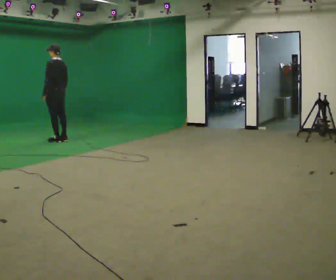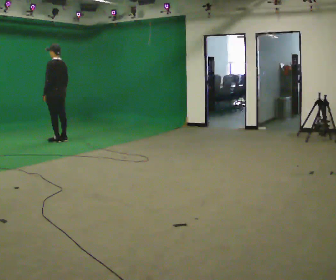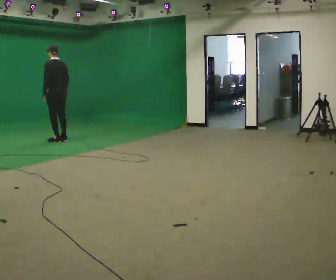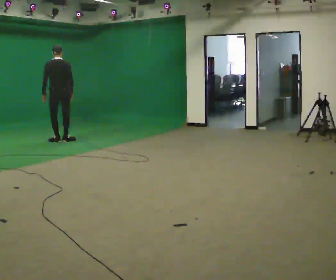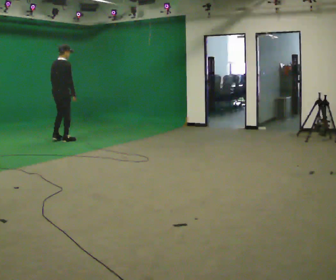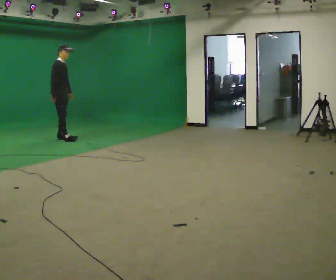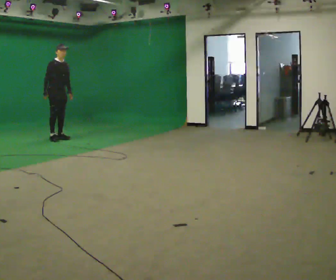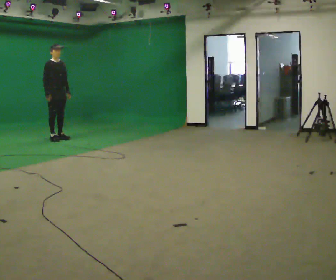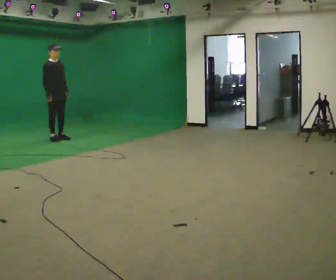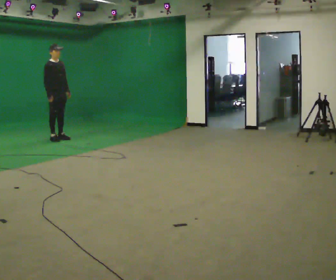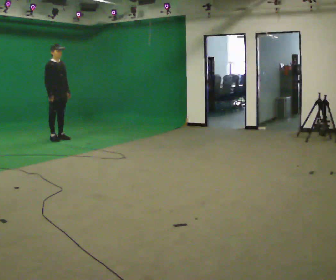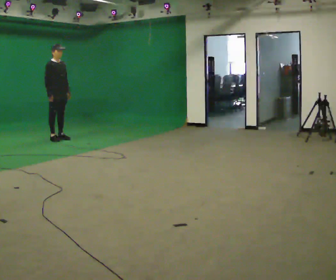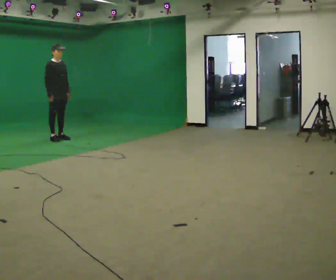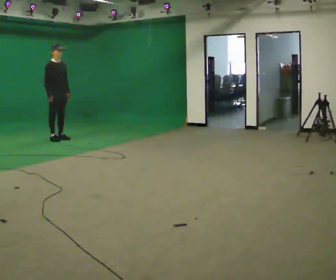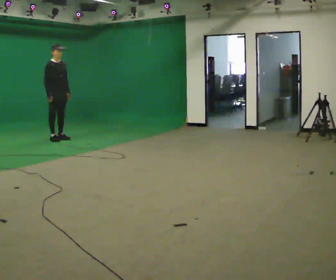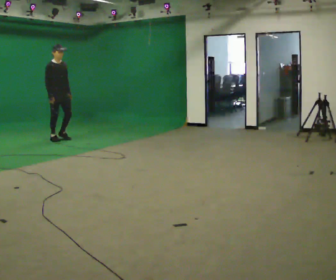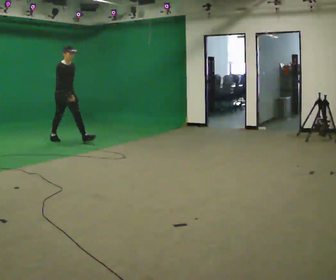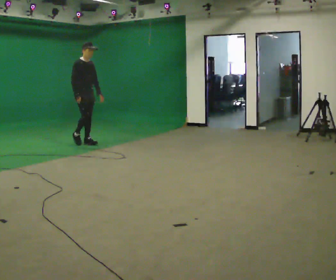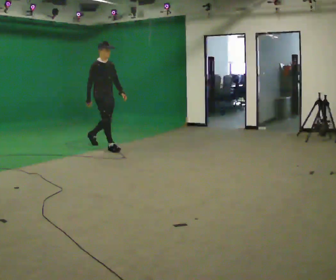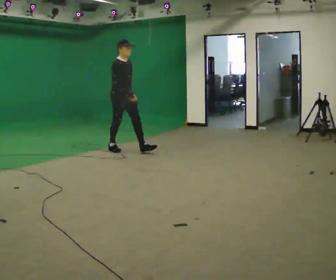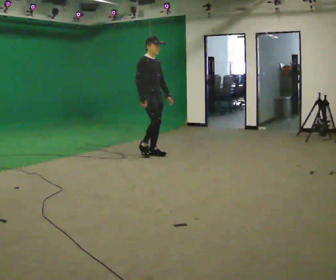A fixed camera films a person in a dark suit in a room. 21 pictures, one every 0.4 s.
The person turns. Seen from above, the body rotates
clockwise.
The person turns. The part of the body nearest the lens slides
to the left.
0.0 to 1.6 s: The person turns about 105 degrees to their right, clockwise seen from above, so the part of the body nearest the lens slides to the left.
1.6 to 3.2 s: The part of the body nearest the lens slides to the left as the person turns to their right by about 75 degrees.
3.2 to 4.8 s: The person moves a little, or ends about where they began.
4.8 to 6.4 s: In the picture they go toward the camera and to the right, about 0.25 m, which for them is forward.
6.4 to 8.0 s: In the picture they go toward the camera and to the right, about 2 m in 3 steps, which for them is forward.
The film runs forward here.
